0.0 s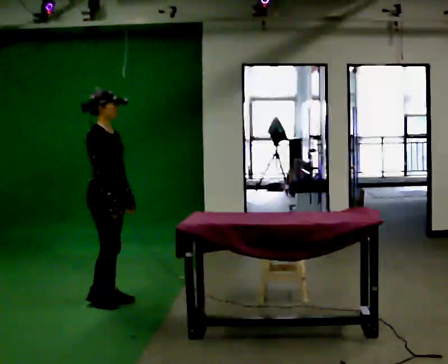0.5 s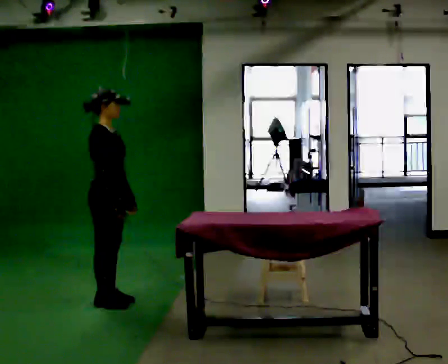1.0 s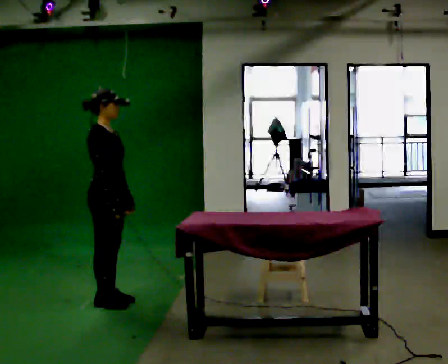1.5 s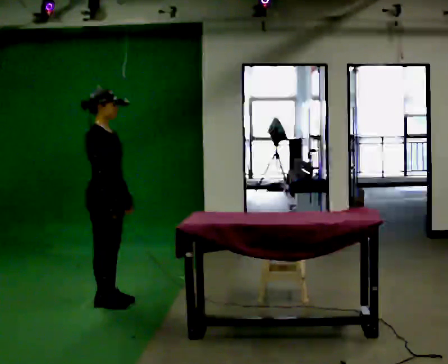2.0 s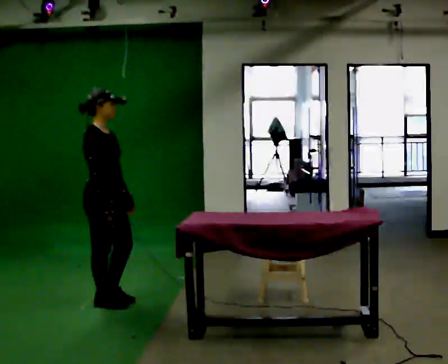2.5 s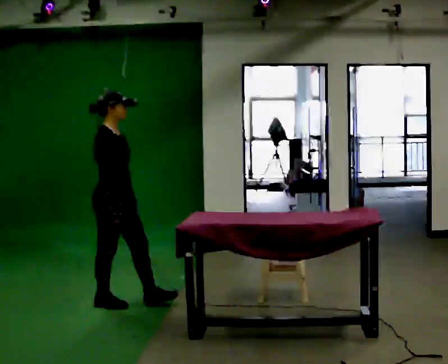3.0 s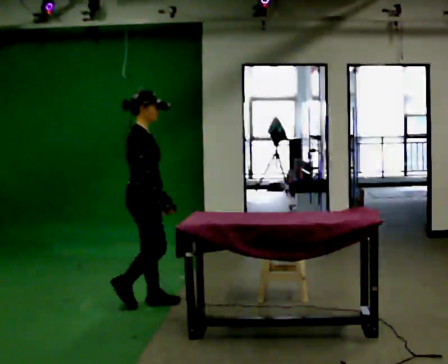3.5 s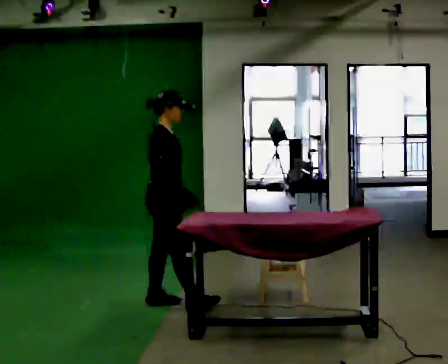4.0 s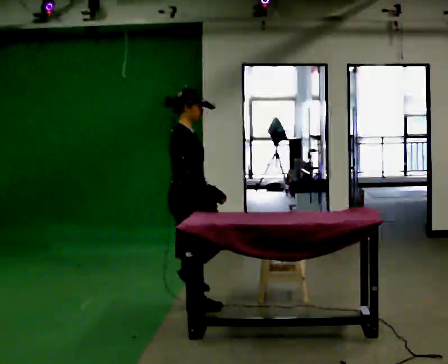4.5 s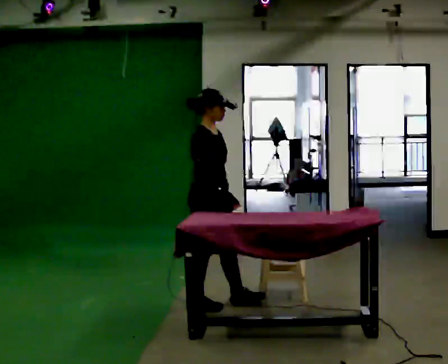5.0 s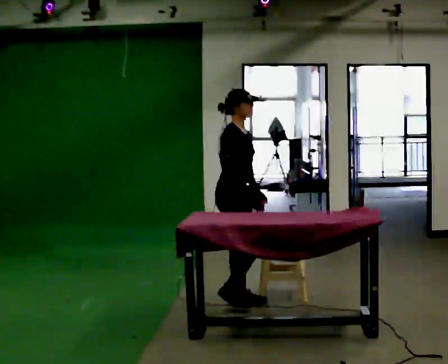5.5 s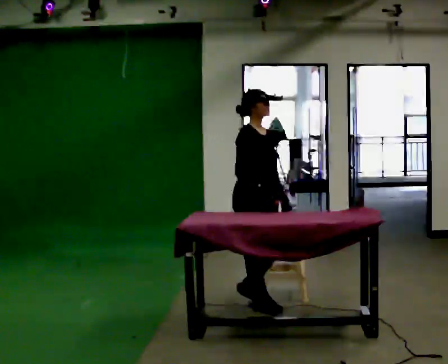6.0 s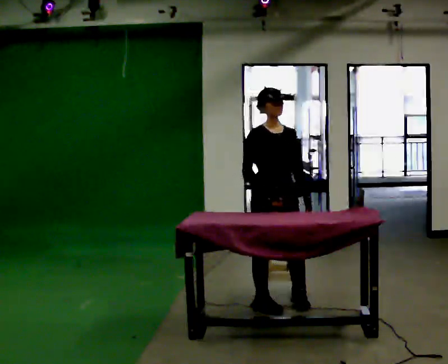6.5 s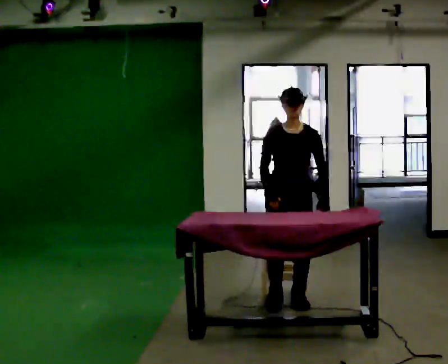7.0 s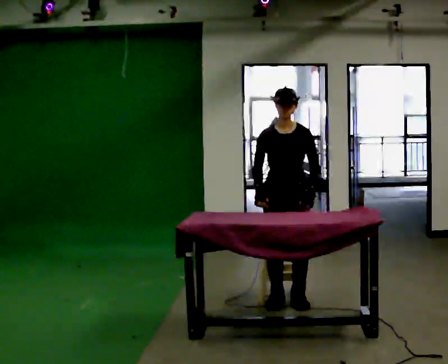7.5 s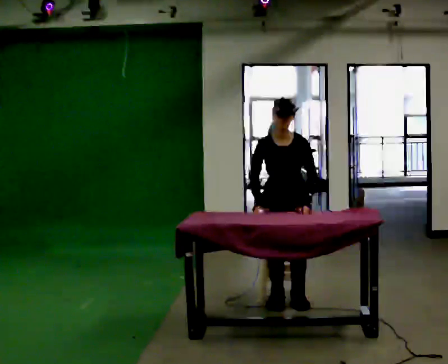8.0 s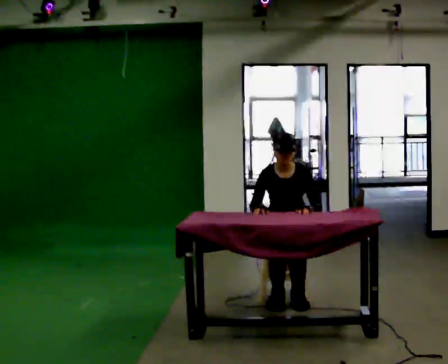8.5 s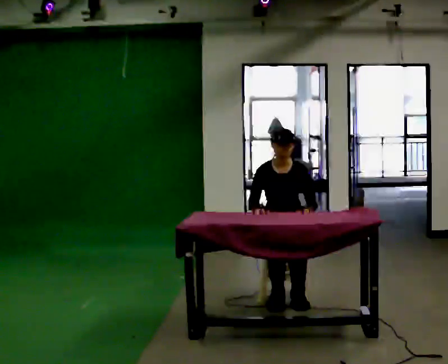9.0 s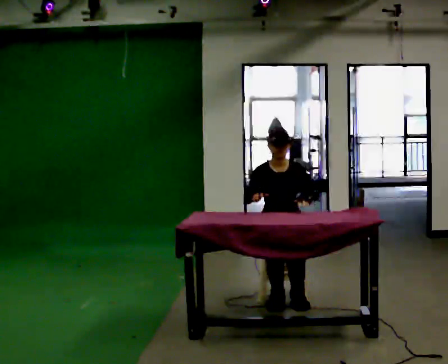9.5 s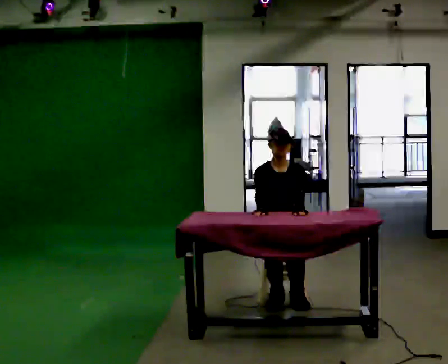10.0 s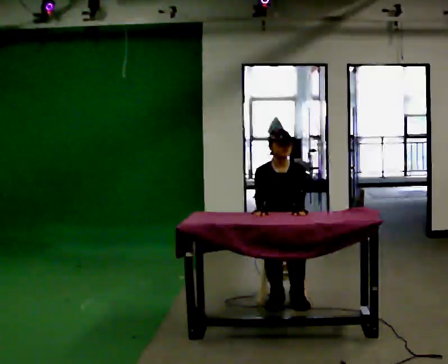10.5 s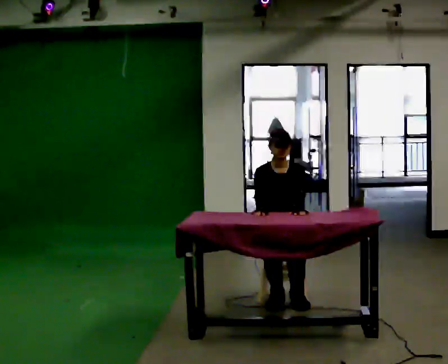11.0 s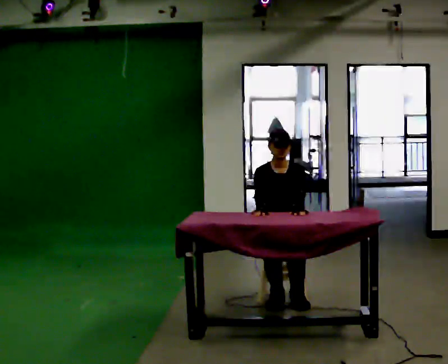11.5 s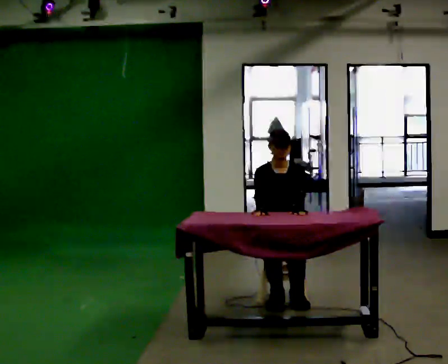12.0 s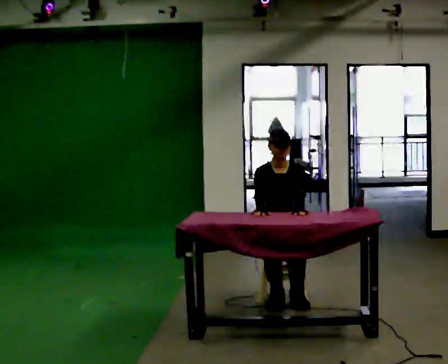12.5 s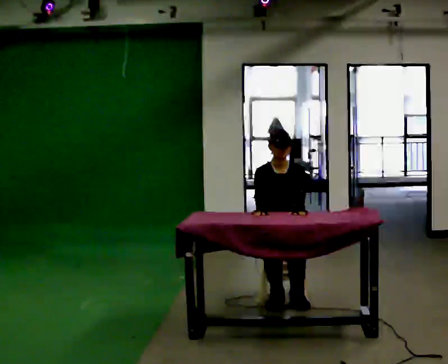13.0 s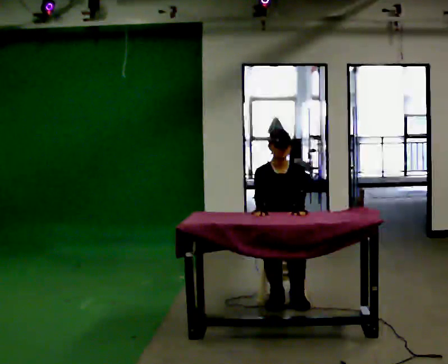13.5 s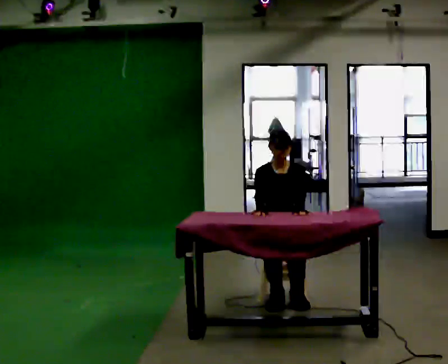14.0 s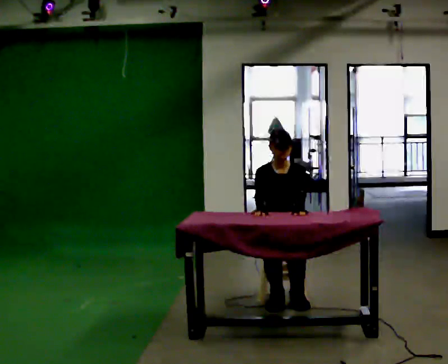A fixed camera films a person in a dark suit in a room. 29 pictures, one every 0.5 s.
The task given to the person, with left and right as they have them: Walk up to the chair at the table, sit down into the space, settle as if you were about to work there, then stand up and step away. Repeat the movement at your own pace until the operator says stop; do not rush.
0.0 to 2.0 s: The person moves a little, or ends about where they began.
2.0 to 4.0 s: In the picture they go to the right, about 0.75 m in 2 steps, which for them is forward.
4.0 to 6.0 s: Seen from above the body turns clockwise, about 60 degrees: to their right, with its near side sliding to the left. In the picture they go to the right, about 0.5 m in 3 steps, which for them is forward.
6.0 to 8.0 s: Seen from above the body turns clockwise, about 30 degrees: to their right, with its near side sliding to the left. In the picture they go away from the camera, about 0.25 m in 1 step, which for them is backward. The upper body goes downward. The upper body tips toward the camera, its near side rolling downward, as they bend forward.
8.0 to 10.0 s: The person moves a little, or ends about where they began.
10.0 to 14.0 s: The person keeps their place and pose.
The film runs forward here.
